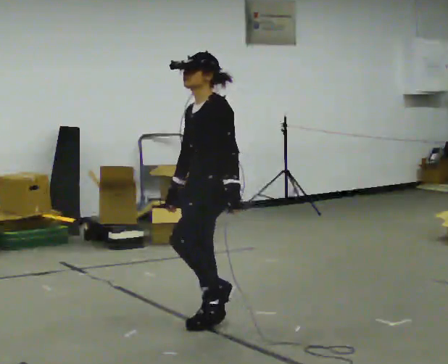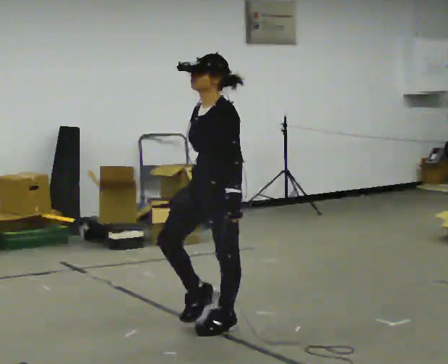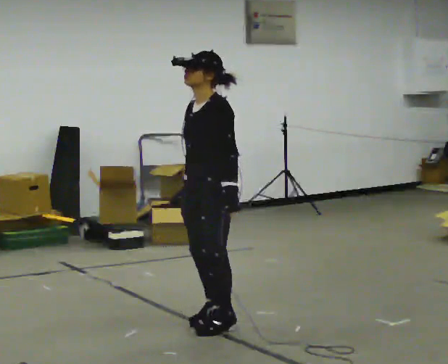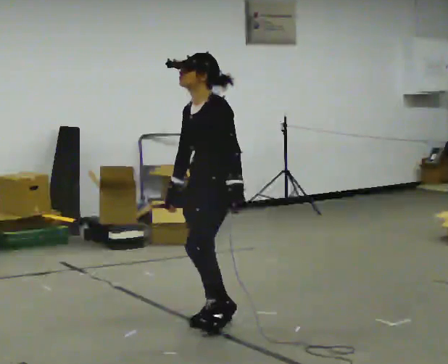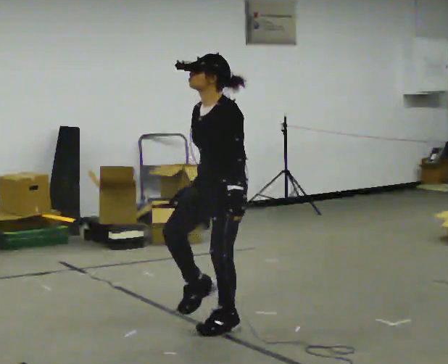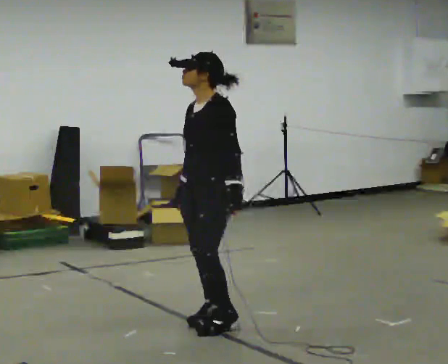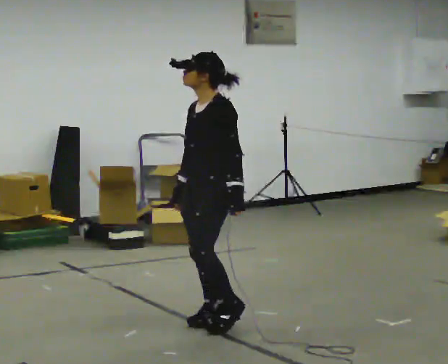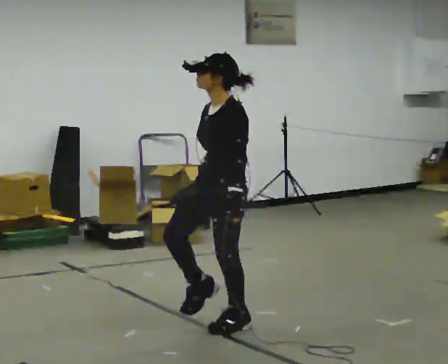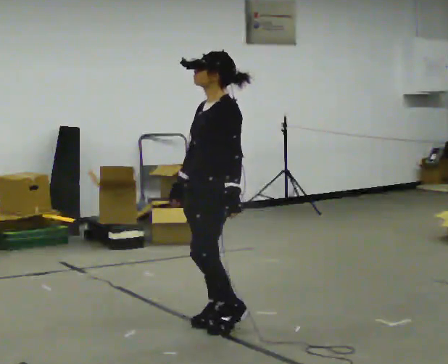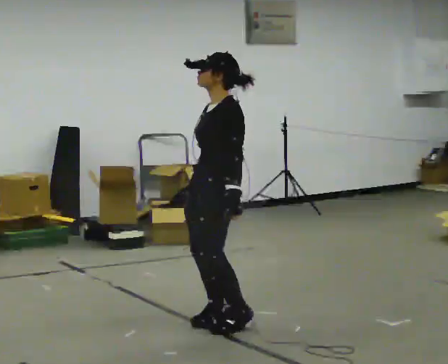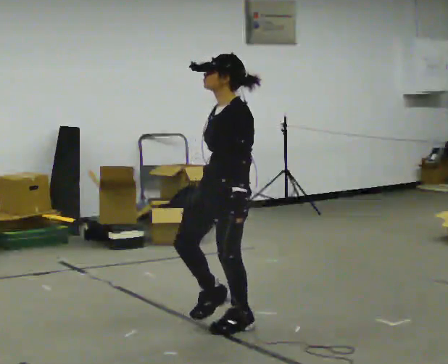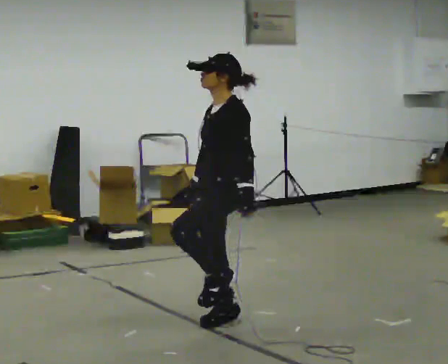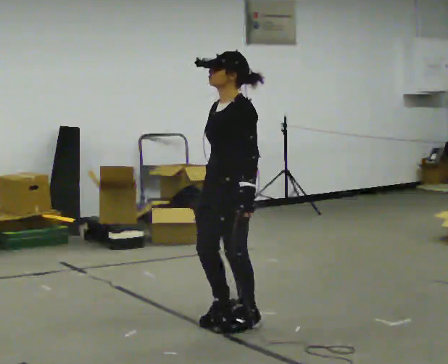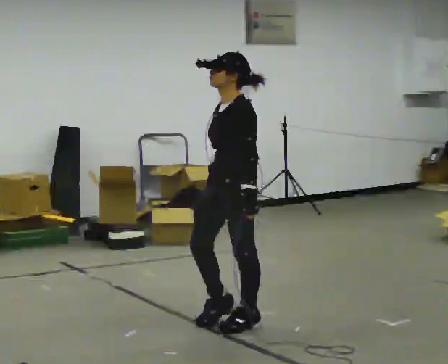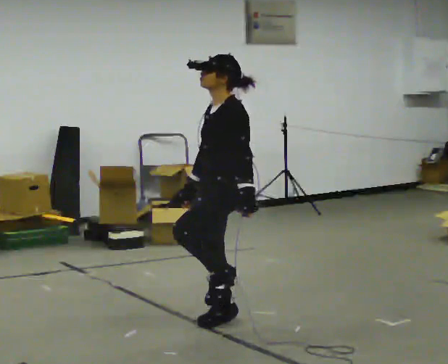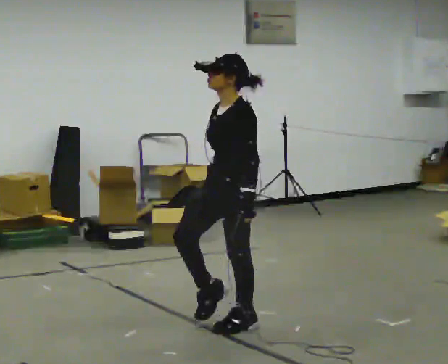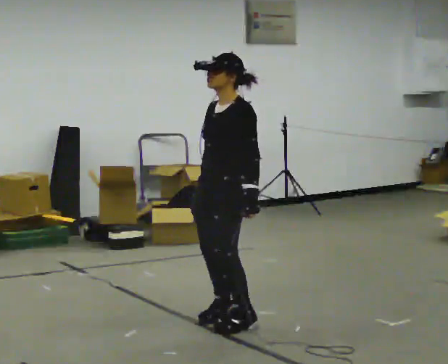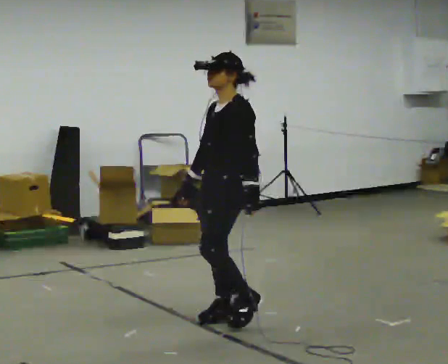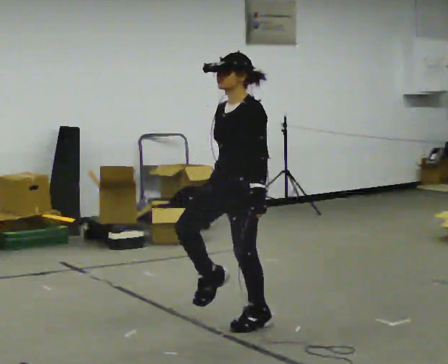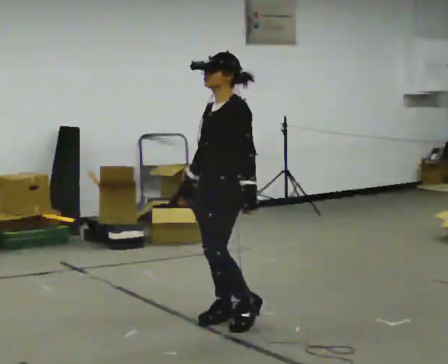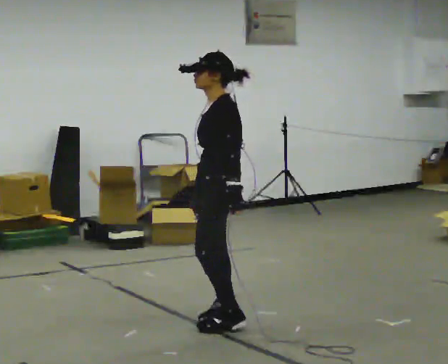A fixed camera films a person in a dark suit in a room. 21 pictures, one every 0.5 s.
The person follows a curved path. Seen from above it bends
counterclockwise.
0.0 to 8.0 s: The person moves a little, or ends about where they began.
8.0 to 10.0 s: The person turns about 30 degrees to their right, clockwise seen from above, so the part of the body nearest the lens slides to the left.
The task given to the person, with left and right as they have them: March in place at a comfortable rhythm without moving forward; stop.
The film runs forward here.
